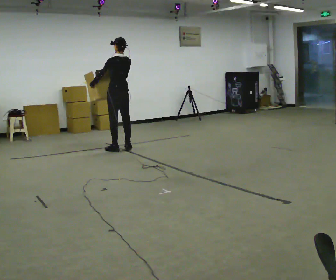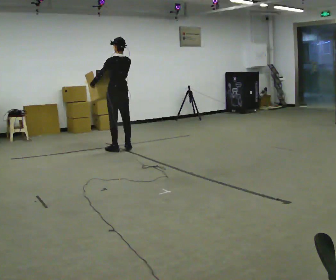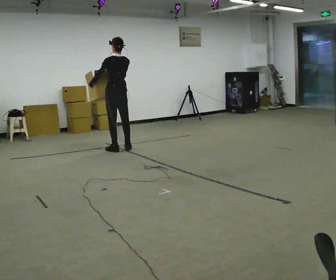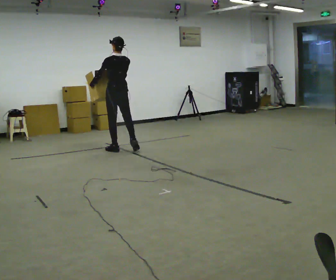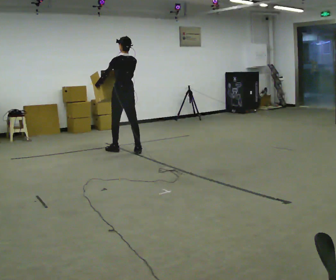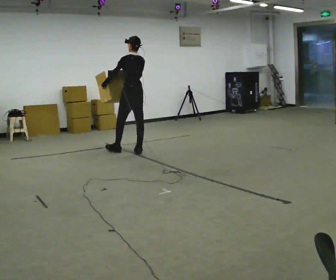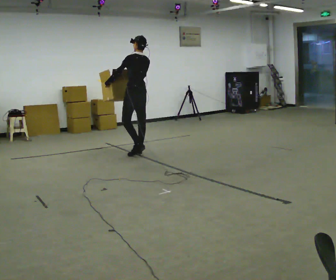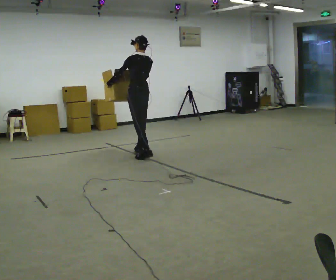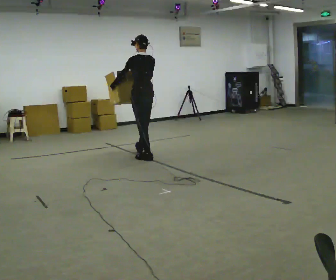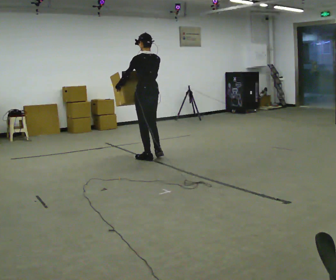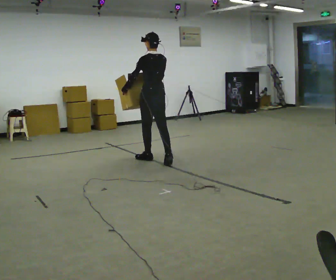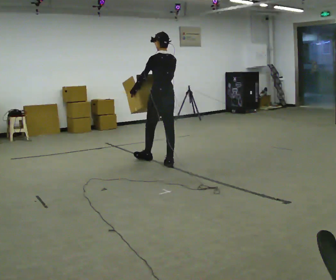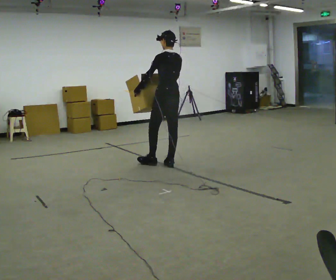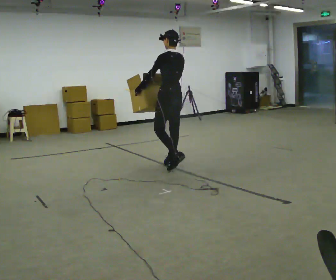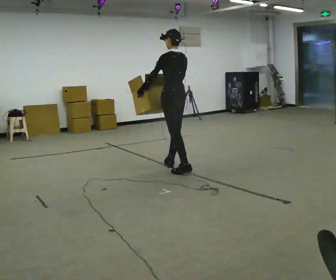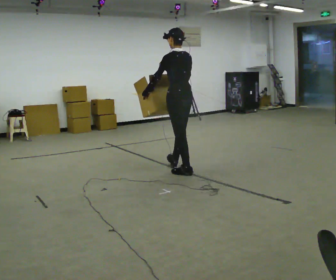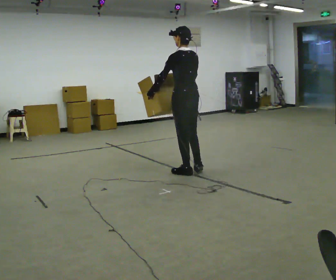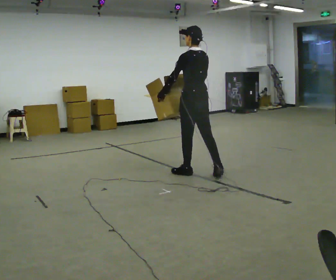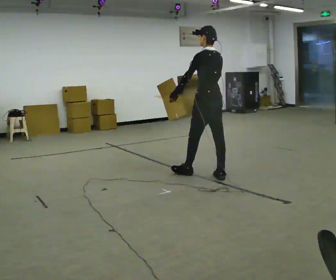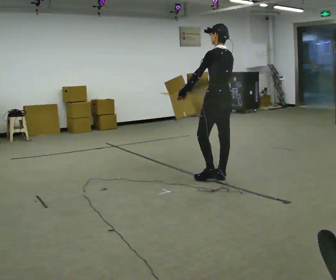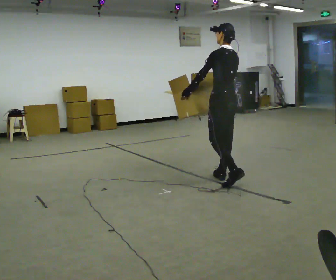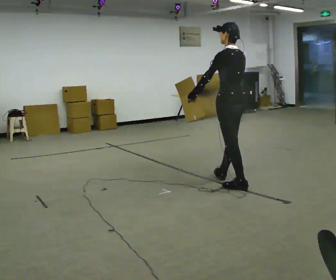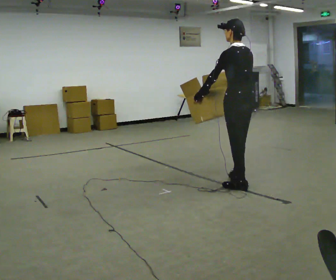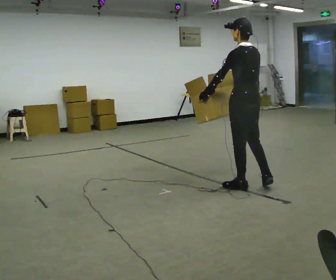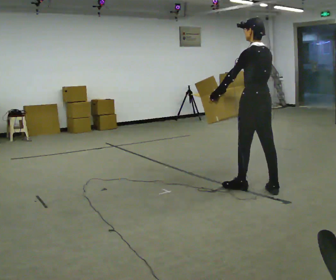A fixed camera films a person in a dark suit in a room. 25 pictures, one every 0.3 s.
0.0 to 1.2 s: The person moves a little, or ends about where they began.
1.2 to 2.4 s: In the picture they go toward the camera and to the right, about 0.5 m in 1 step, which for them is backward.
2.4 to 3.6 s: In the picture they go toward the camera and to the right, about 0.5 m in 2 steps, which for them is backward.
3.6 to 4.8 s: In the picture they go toward the camera and to the right, about 0.5 m in 1 step, which for them is backward.
4.8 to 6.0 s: In the picture they go to the right and toward the camera, about 0.5 m in 1 step, which for them is backward.
6.0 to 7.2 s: In the picture they go toward the camera and to the right, about 0.5 m in 1 step, which for them is backward.
The film runs backward here.
